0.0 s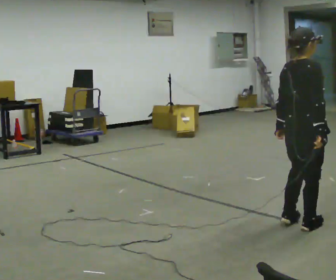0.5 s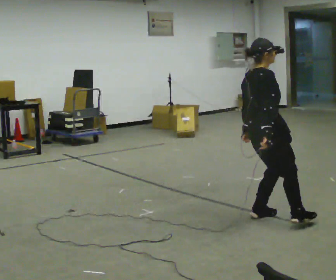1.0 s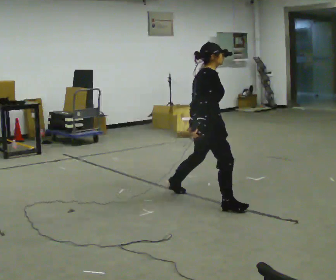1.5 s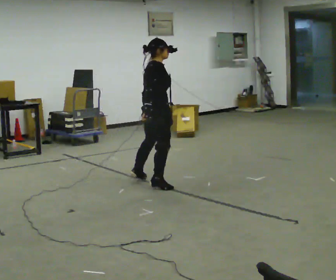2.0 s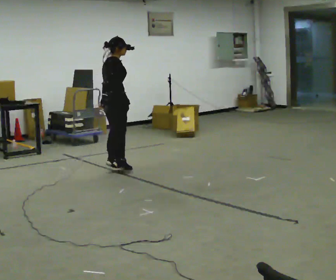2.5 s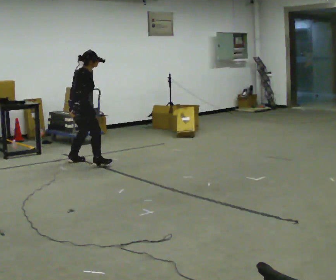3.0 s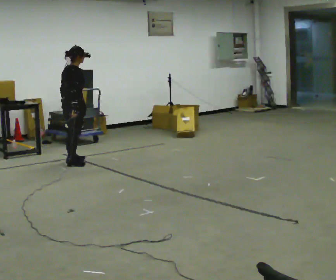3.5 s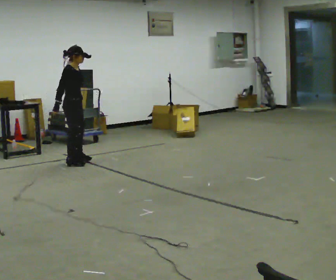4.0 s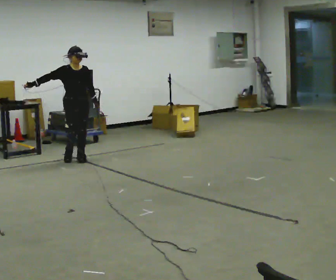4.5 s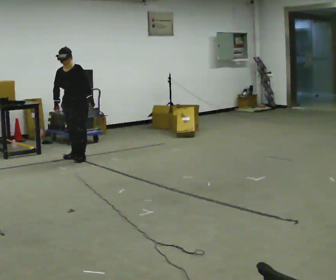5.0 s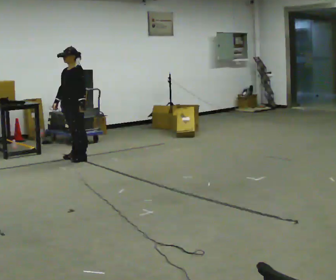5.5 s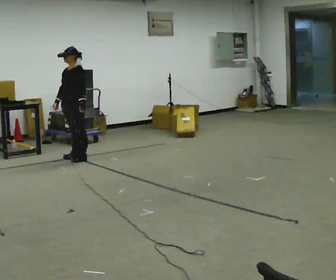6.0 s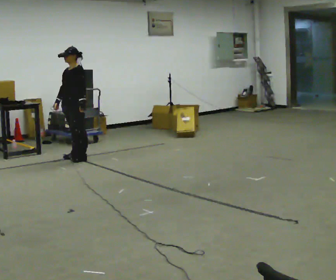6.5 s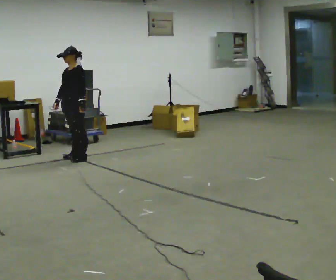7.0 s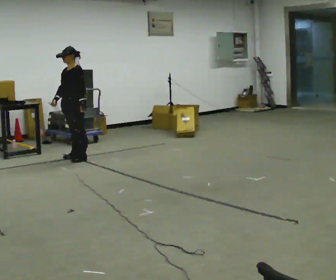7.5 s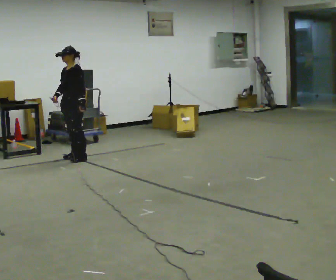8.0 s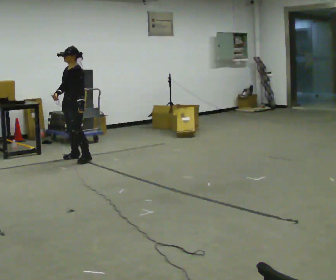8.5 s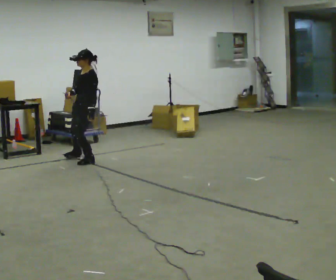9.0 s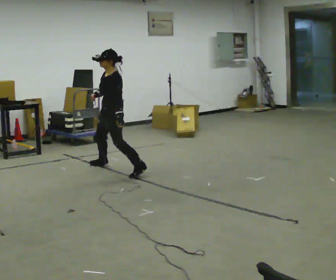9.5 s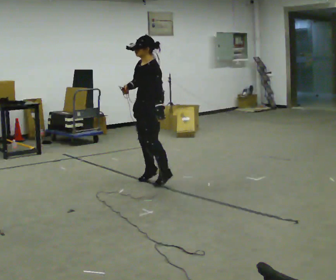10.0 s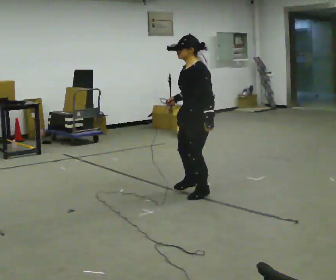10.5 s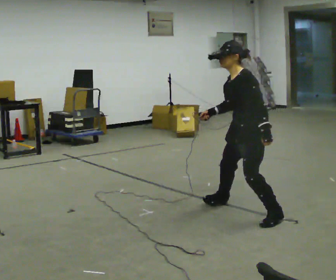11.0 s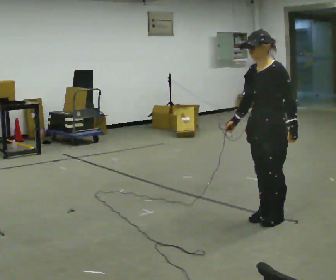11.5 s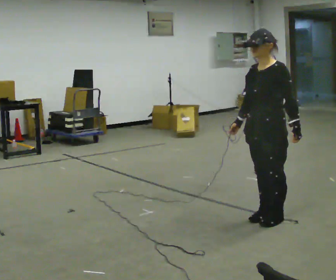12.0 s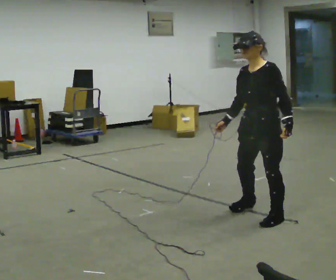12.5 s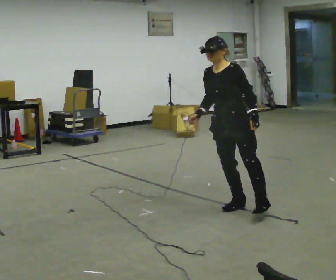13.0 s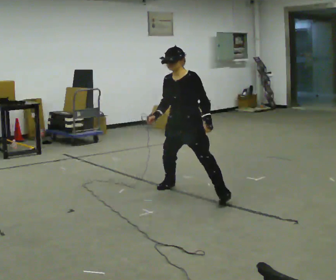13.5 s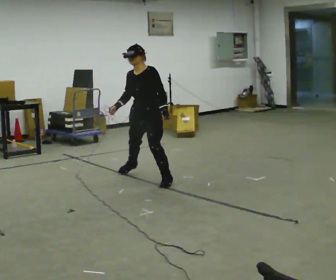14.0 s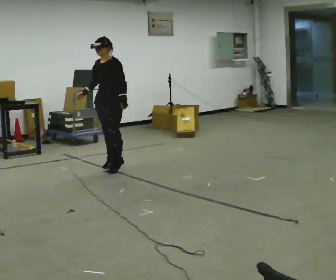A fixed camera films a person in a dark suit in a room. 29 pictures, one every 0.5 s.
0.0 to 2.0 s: In the picture they go away from the camera and to the left, about 2.5 m in 4 steps, which for them is to their left.
2.0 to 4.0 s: Seen from above the body turns clockwise, about 90 degrees: to their right, with its near side sliding to the left. In the picture they go away from the camera and to the left, about 1 m in 3 steps.
4.0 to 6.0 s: Seen from above the body turns clockwise, about 75 degrees: to their right, with its near side sliding to the left.
6.0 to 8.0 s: The person moves a little, or ends about where they began.
8.0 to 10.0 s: In the picture they go toward the camera and to the right, about 2 m in 6 steps, which for them is to their left.
10.0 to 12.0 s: In the picture they go toward the camera and to the right, about 1 m in 2 steps, which for them is to their left.
12.0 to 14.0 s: In the picture they go away from the camera and to the left, about 2 m in 4 steps, which for them is to their right.
The film runs backward here.
